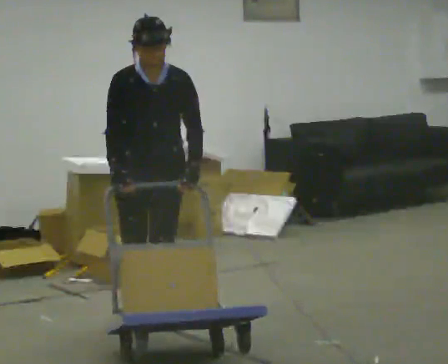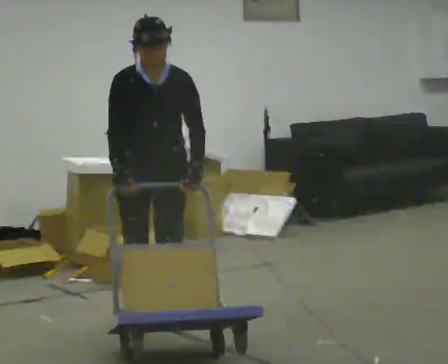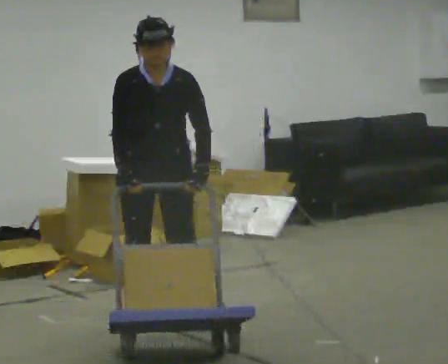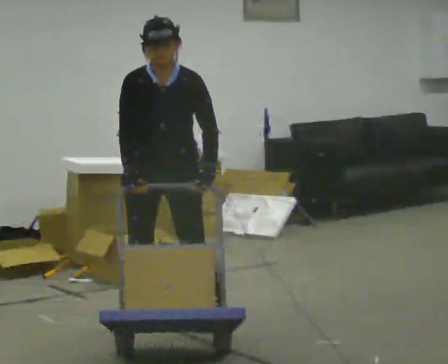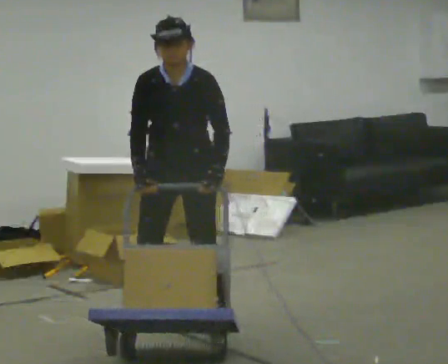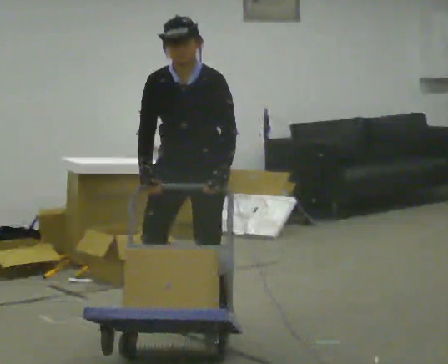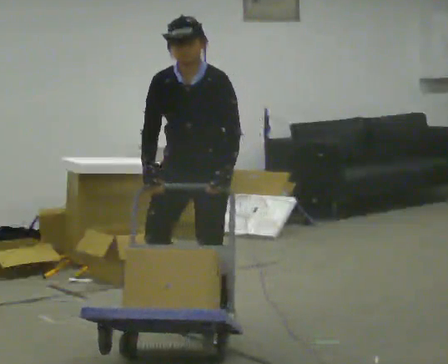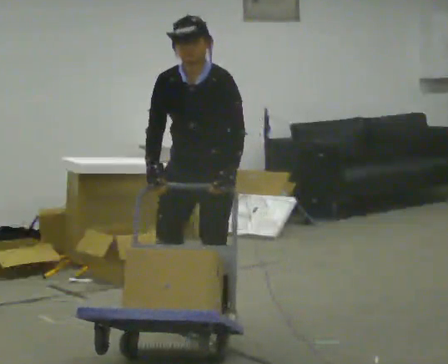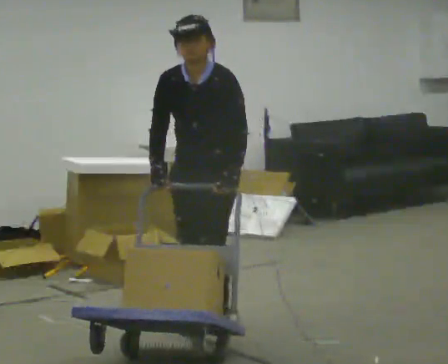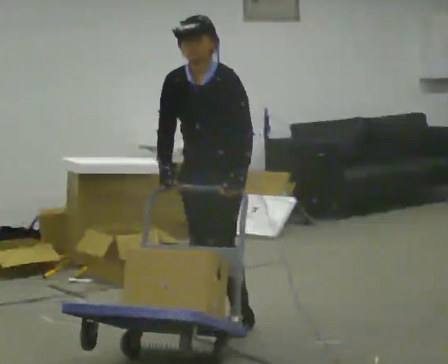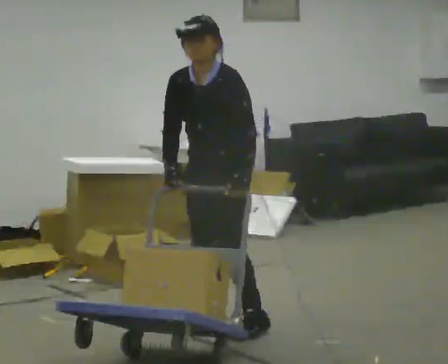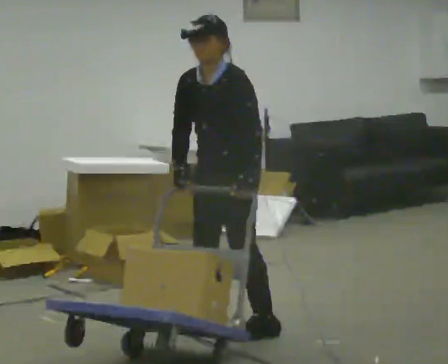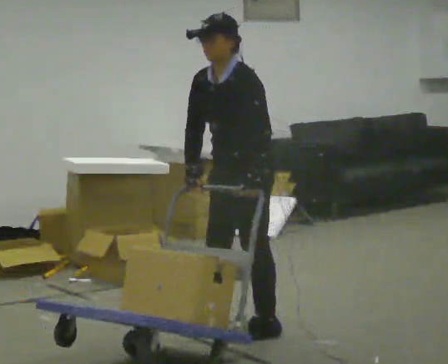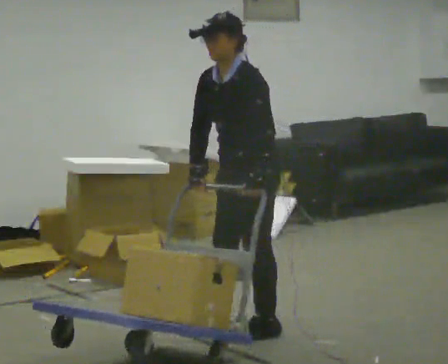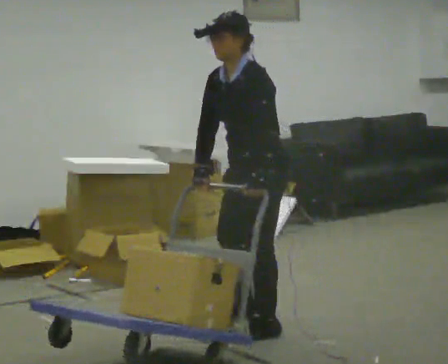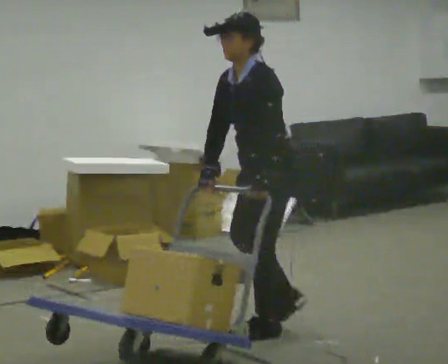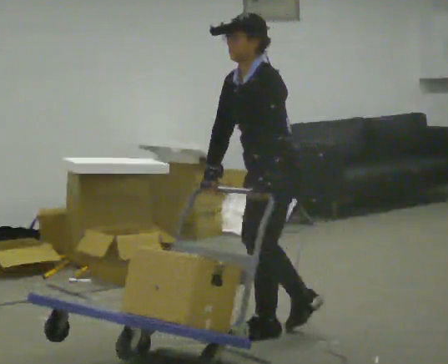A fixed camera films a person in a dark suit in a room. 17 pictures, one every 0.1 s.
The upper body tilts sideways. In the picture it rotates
counterclockwise.
The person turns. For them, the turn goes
to their right.
0.0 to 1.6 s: Seen from above the body turns clockwise, about 90 degrees: to their right, with its near side sliding to the left. In the picture they go to the right and toward the camera, about 0.5 m in 3 steps. In the picture the upper body tilts counterclockwise, shoulders to the left.
The film runs backward here.
